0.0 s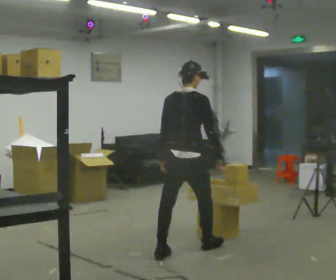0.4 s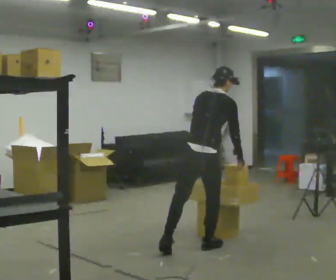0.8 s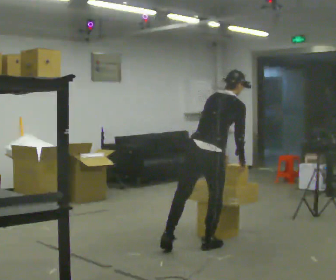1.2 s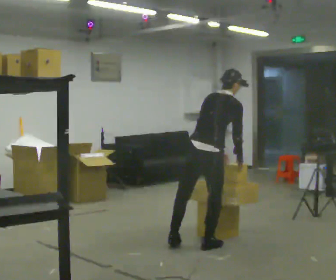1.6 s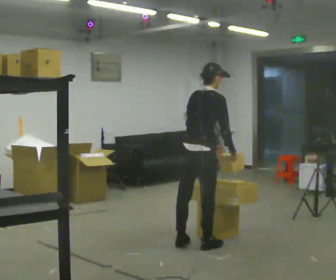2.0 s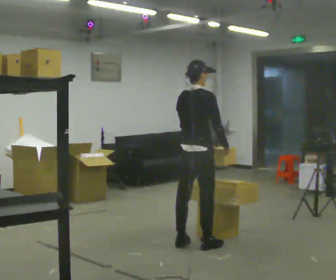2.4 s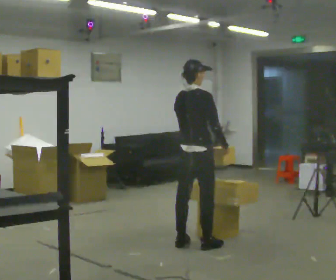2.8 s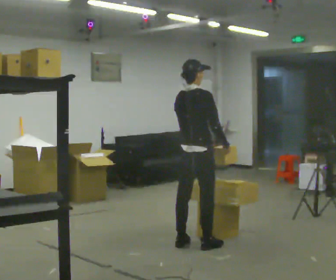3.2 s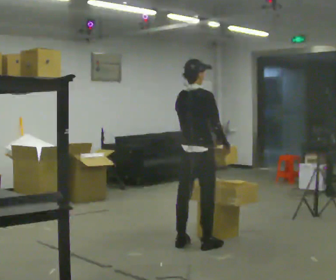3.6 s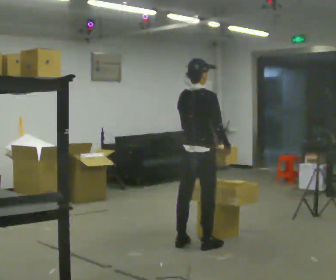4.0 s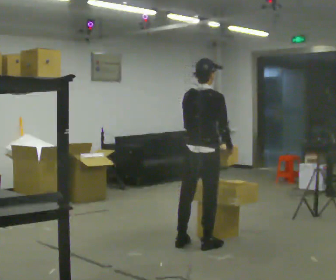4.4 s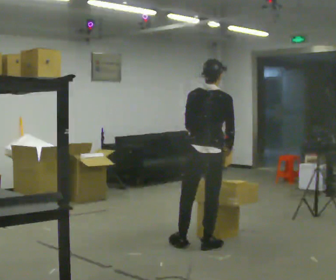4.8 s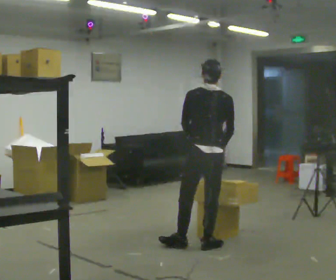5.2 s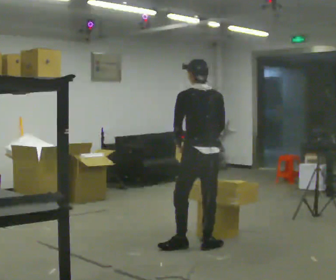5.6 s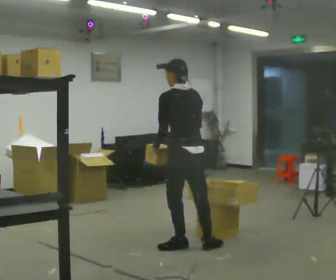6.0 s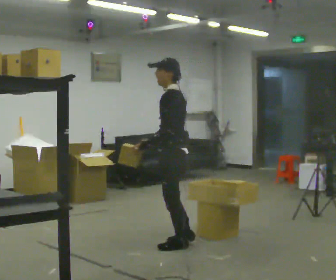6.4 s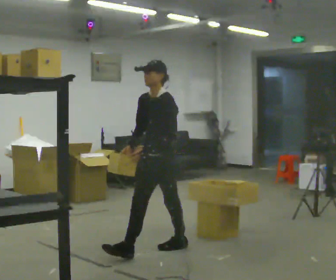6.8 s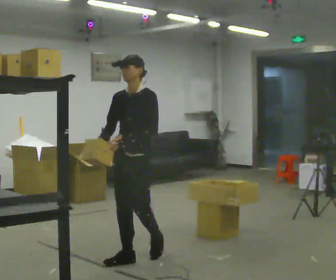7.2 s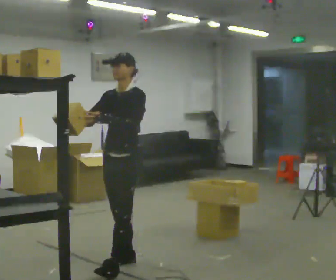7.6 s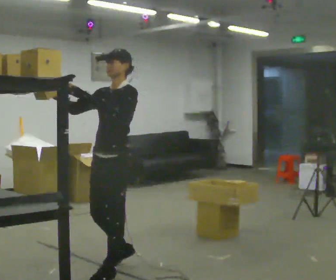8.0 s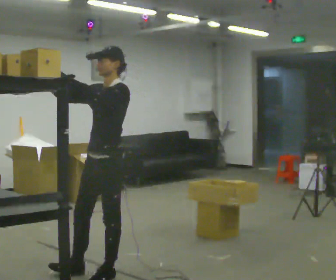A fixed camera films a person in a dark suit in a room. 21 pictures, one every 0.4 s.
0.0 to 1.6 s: In the picture they go away from the camera, about 0.25 m in 1 step, which for them is forward. In the picture their left hand goes to the right.
1.6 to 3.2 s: In the picture the upper body tilts counterclockwise, shoulders to the left, as they lean back or straighten.
3.2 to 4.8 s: The part of the body nearest the lens slides to the right as the person turns to their left by about 45 degrees.
4.8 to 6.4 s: The part of the body nearest the lens slides to the right as the person turns to their left by about 135 degrees. In the picture they go to the left, about 0.5 m. The upper body tips toward the camera, its near side rolling downward.
6.4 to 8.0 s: In the picture they go toward the camera and to the left, about 1 m in 2 steps, which for them is forward. In the picture their left hand goes upward.
The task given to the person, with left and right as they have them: Carry the object across the room and place it on the shelf just at the top of your comfortable reach. Keep going until the operator says stop; one object at a time, and do not rush between trips.
The film runs forward here.
